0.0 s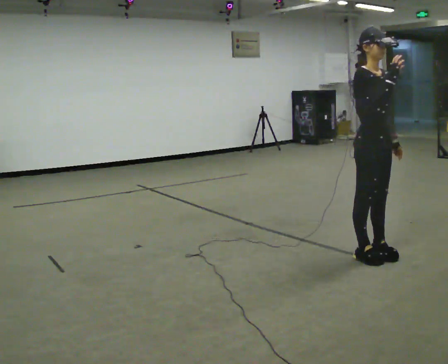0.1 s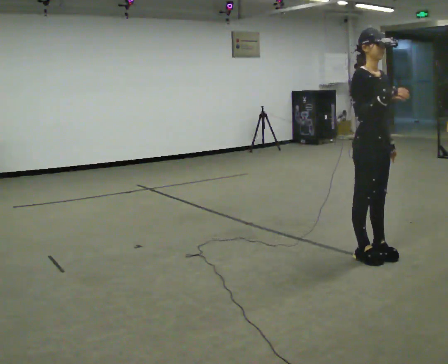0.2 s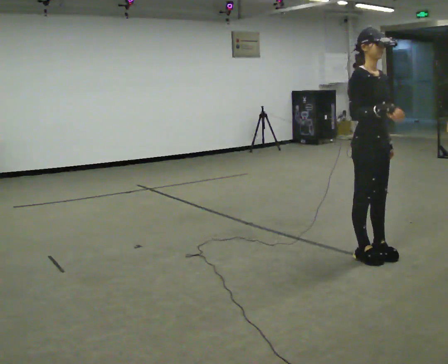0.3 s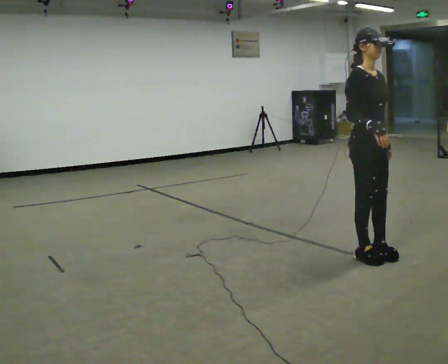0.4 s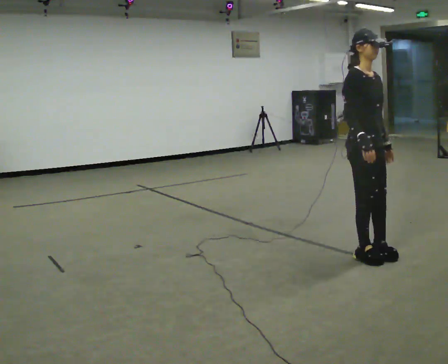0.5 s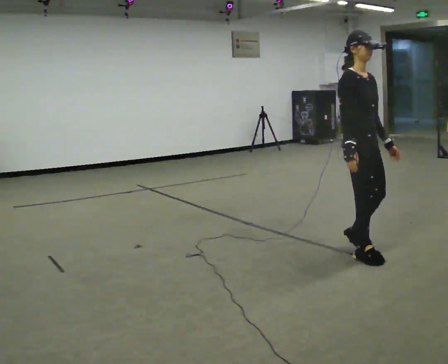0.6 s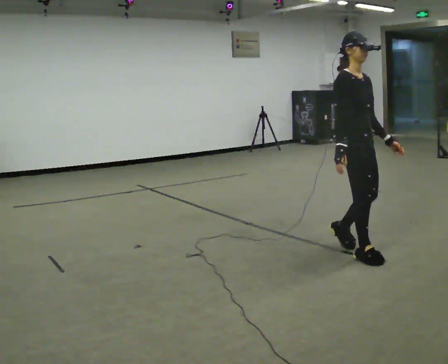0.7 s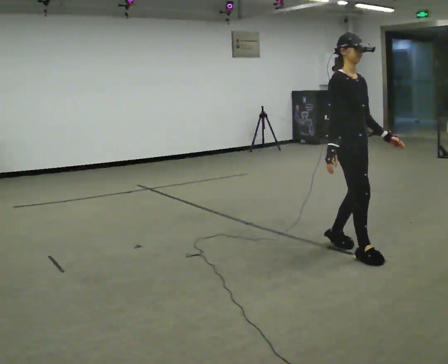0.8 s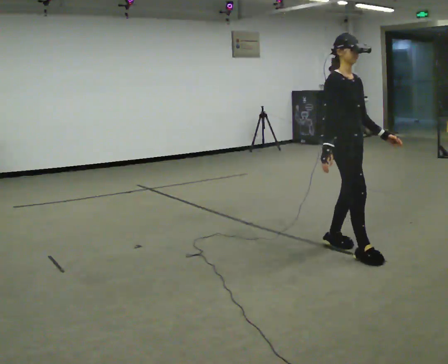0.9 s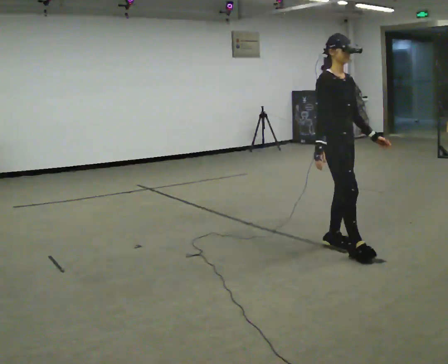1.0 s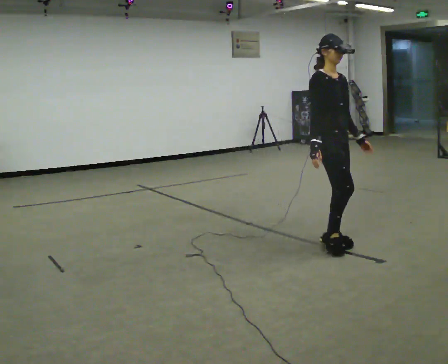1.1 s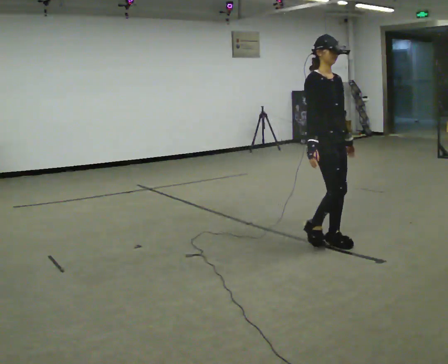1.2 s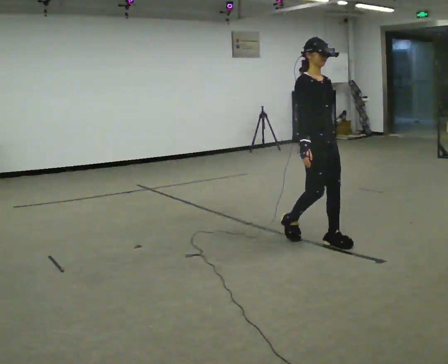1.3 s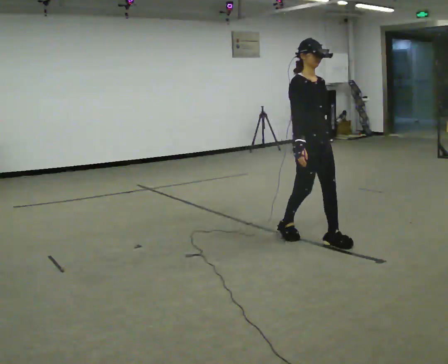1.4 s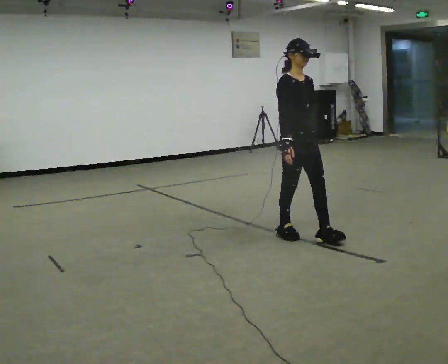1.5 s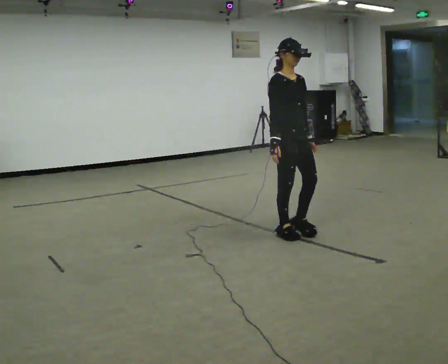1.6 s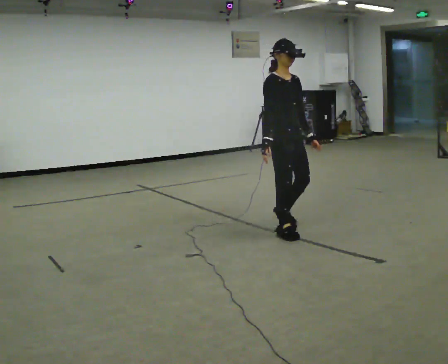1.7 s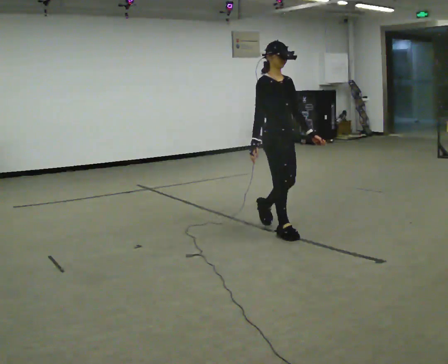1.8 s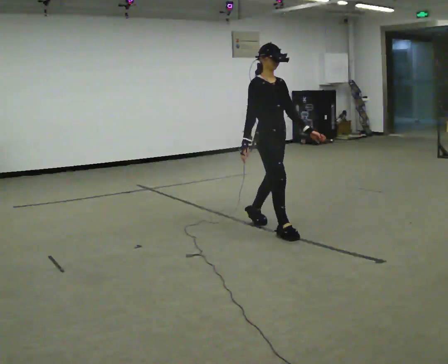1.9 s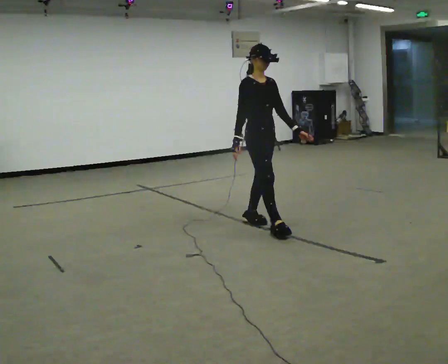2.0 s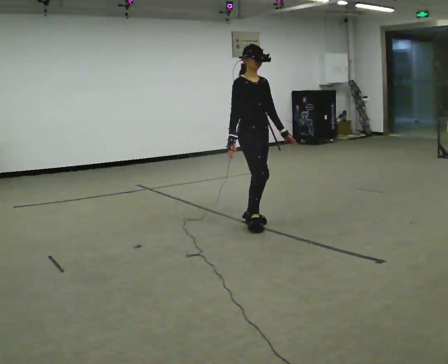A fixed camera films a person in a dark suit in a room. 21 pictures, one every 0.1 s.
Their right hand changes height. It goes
downward.
0.0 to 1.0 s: In the picture they go away from the camera and to the left, about 0.5 m in 2 steps, which for them is backward. In the picture their right hand goes downward.
1.0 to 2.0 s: In the picture they go away from the camera and to the left, about 1 m in 2 steps, which for them is backward.
The film runs backward here.
